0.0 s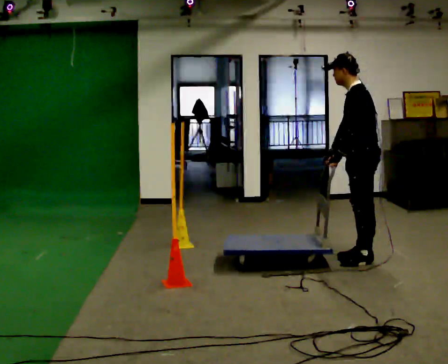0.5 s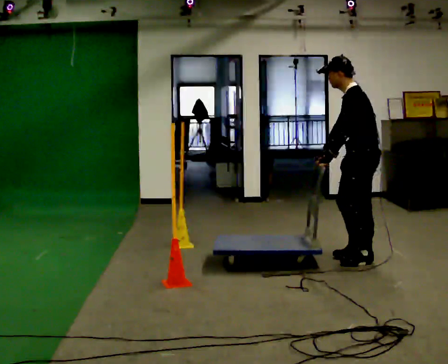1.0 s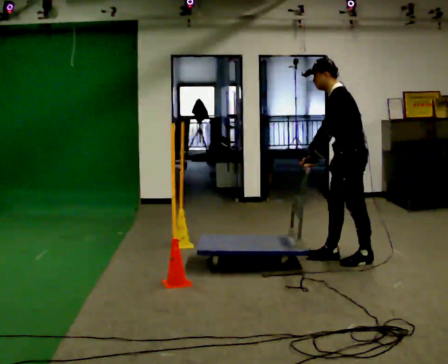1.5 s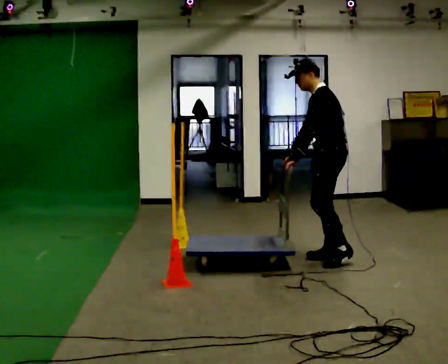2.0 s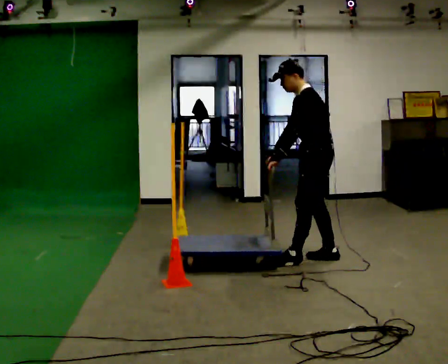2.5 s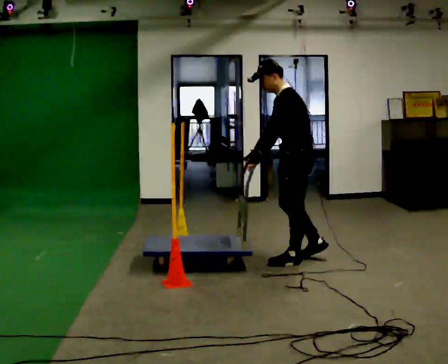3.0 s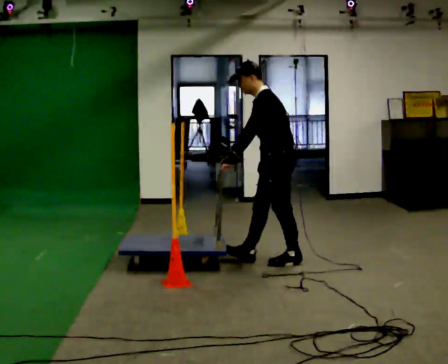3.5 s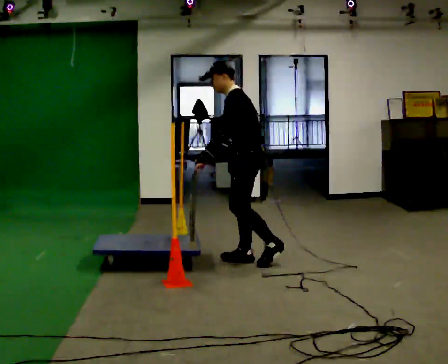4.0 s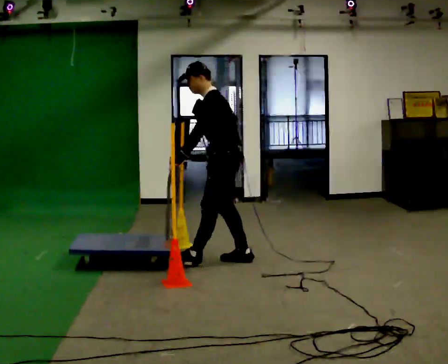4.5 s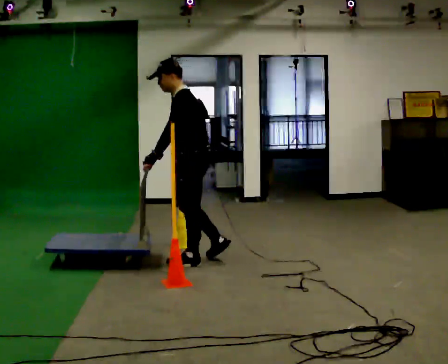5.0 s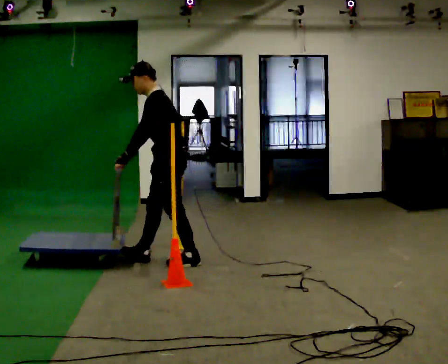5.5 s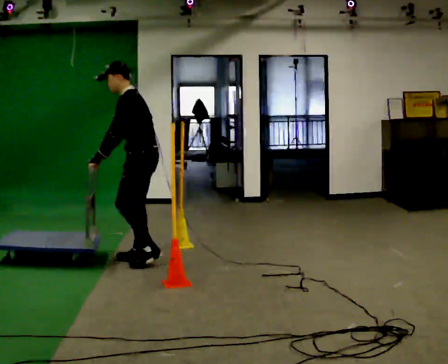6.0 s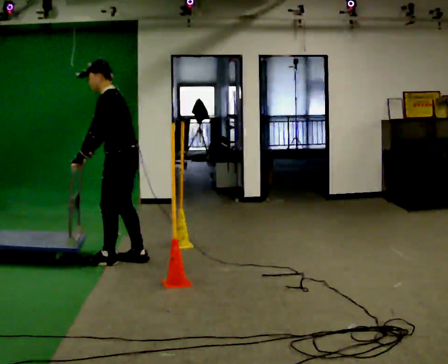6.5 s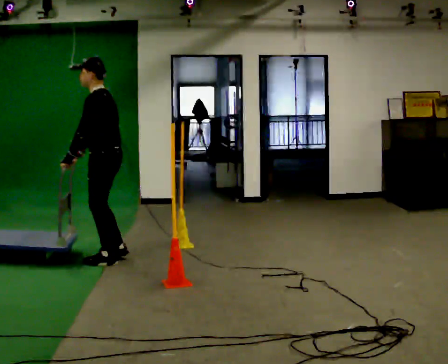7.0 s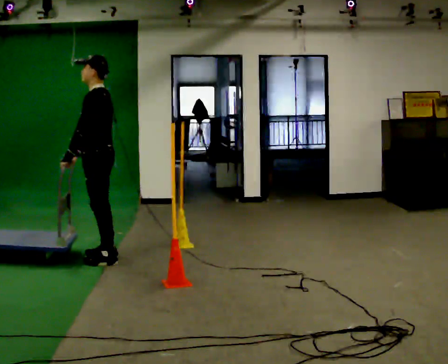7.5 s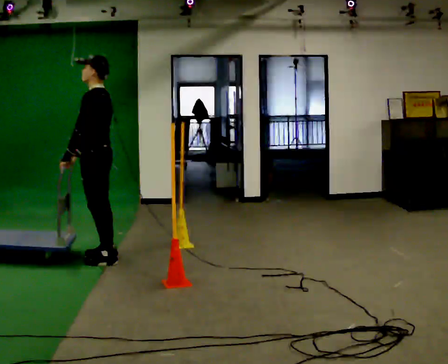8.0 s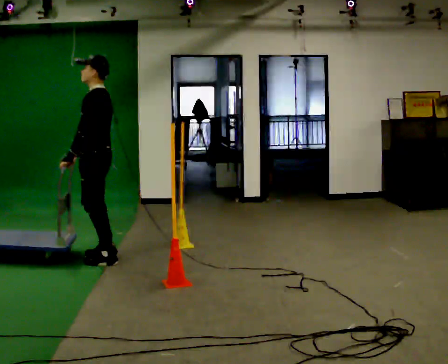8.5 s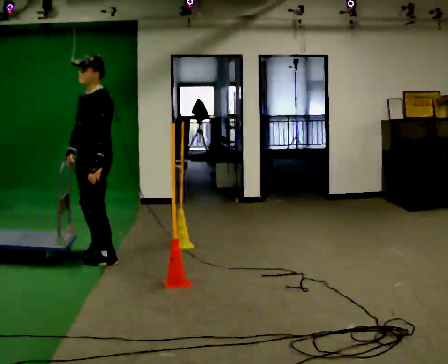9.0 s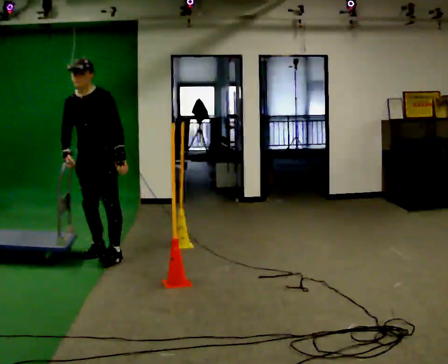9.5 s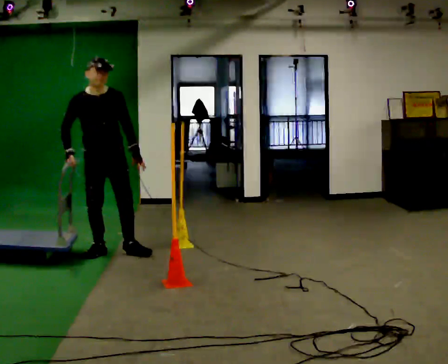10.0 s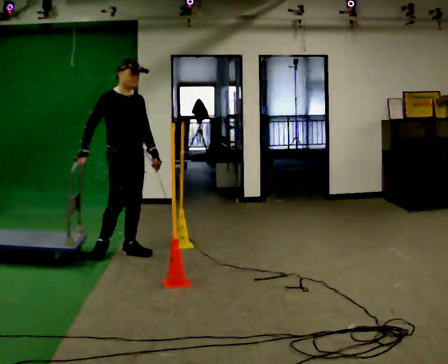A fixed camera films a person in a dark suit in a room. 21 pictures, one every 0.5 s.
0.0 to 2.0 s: In the picture they go to the left and away from the camera, about 0.5 m in 2 steps, which for them is forward.
2.0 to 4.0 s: In the picture they go to the left, about 1 m in 2 steps, which for them is forward.
4.0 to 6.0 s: In the picture they go to the left, about 1 m in 2 steps, which for them is forward.
6.0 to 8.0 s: In the picture they go to the left, about 0.25 m in 1 step, which for them is forward. In the picture the upper body tilts clockwise, shoulders to the right, as they lean back or straighten.
8.0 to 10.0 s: Seen from above the body turns counterclockwise, about 135 degrees: to their left, with its near side sliding to the right. In the picture they go away from the camera and to the right, about 0.25 m in 2 steps.
The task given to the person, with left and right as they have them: Push the cart through the gap between the poles without touching them, then bring it back through.
The film runs forward here.
